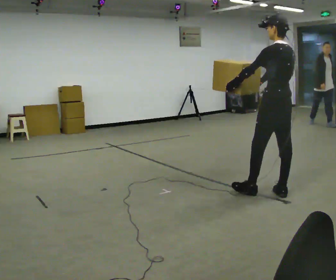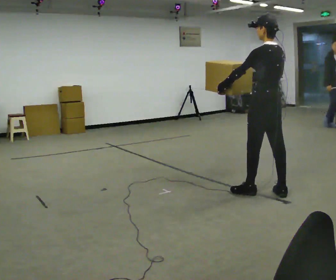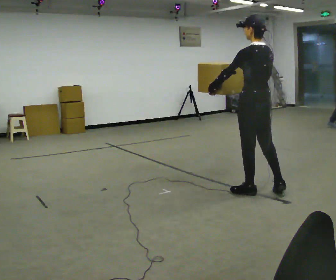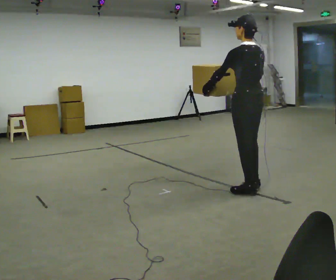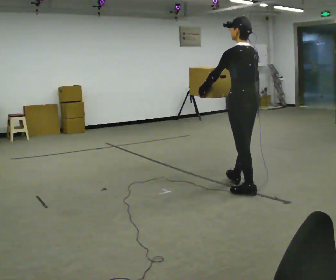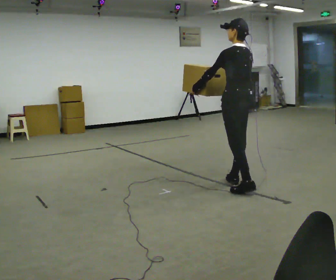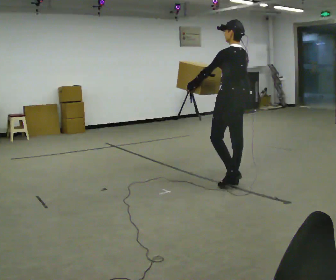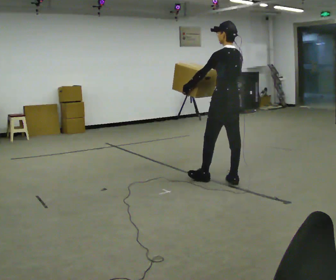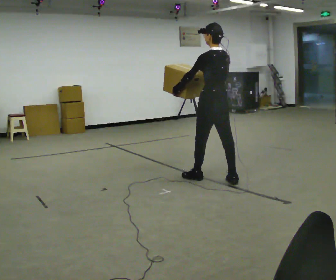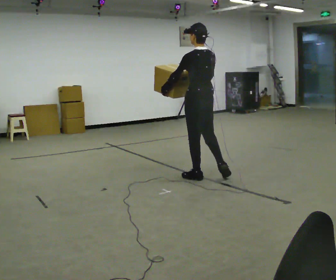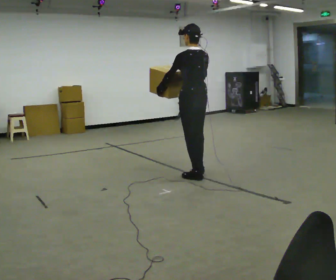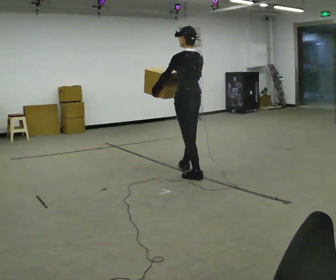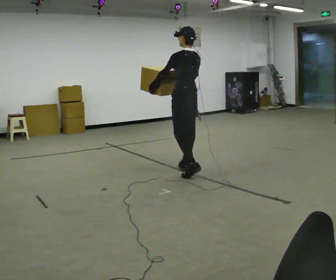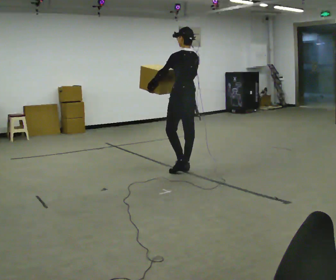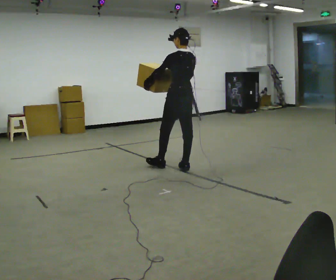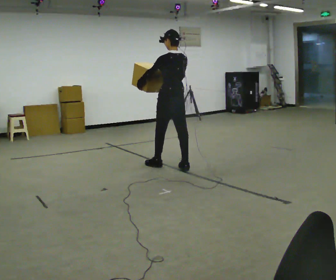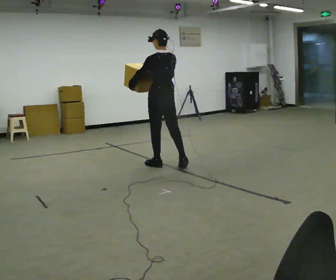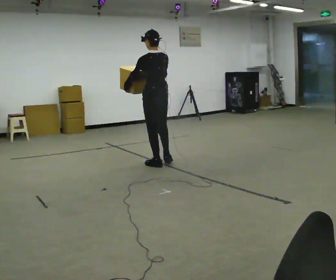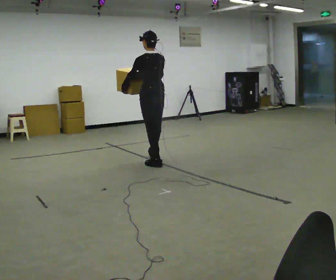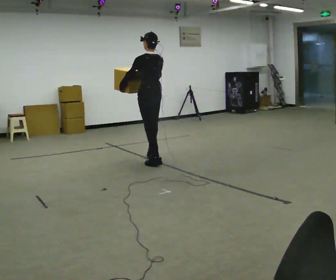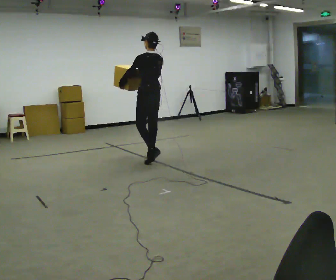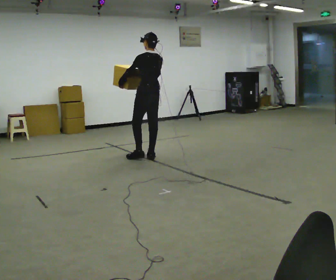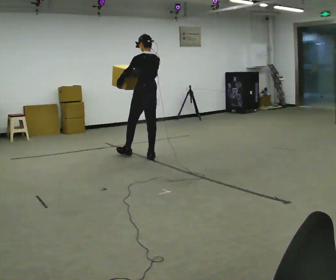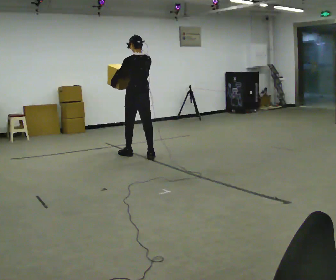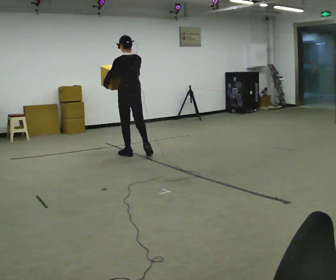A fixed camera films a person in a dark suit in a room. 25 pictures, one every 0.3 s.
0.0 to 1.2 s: In the picture they go to the left and away from the camera, about 0.25 m in 1 step, which for them is forward and to their left.
1.2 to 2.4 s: In the picture they go away from the camera and to the left, about 0.5 m in 1 step, which for them is forward.
2.4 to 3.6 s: In the picture they go away from the camera and to the left, about 0.5 m in 1 step, which for them is forward.
3.6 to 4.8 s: In the picture they go to the left and away from the camera, about 0.5 m in 1 step, which for them is forward.
4.8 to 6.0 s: In the picture they go away from the camera and to the left, about 0.5 m in 1 step, which for them is forward.
6.0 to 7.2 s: In the picture they go to the left and away from the camera, about 0.5 m in 1 step, which for them is forward.
The film runs forward here.
